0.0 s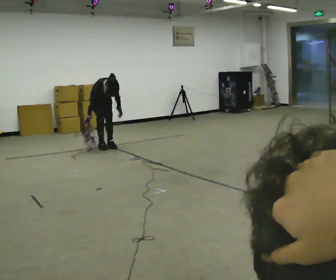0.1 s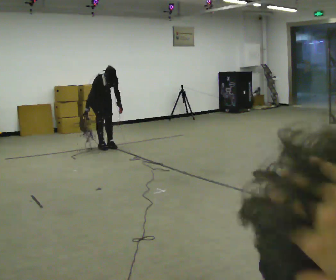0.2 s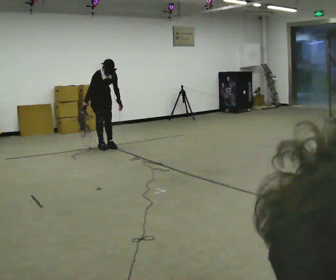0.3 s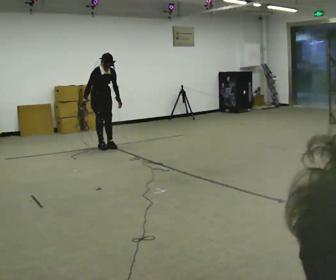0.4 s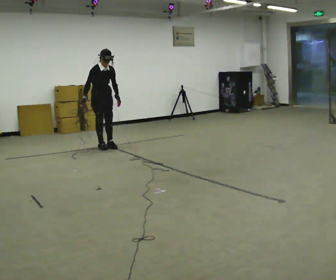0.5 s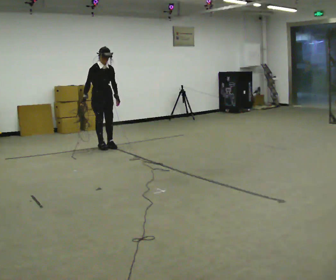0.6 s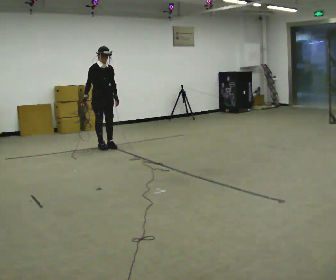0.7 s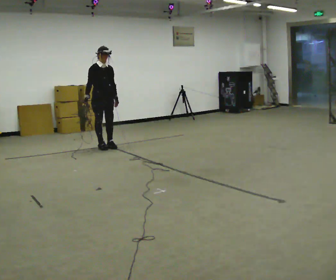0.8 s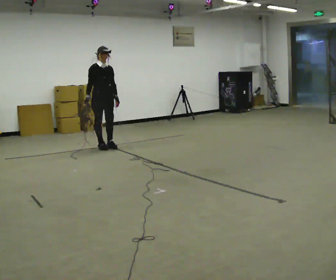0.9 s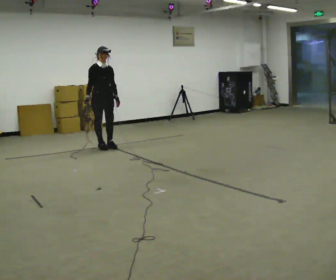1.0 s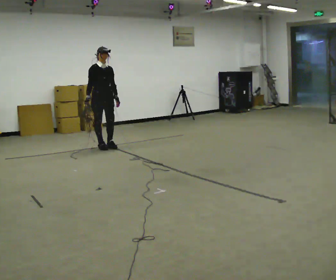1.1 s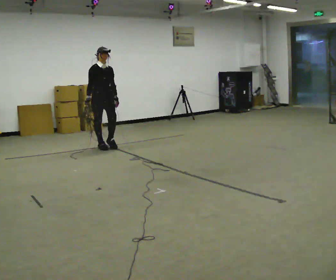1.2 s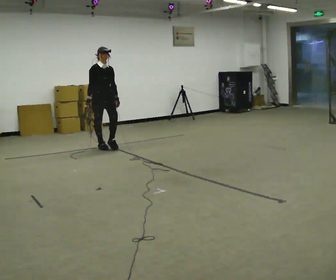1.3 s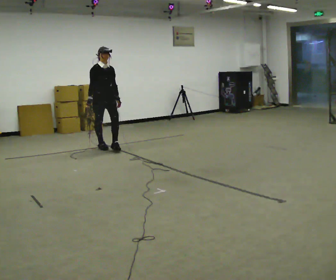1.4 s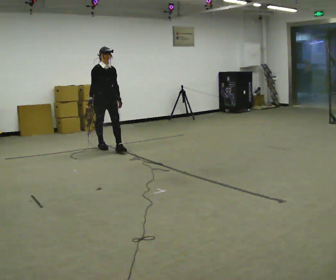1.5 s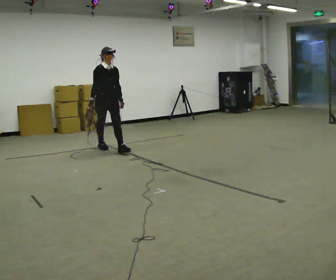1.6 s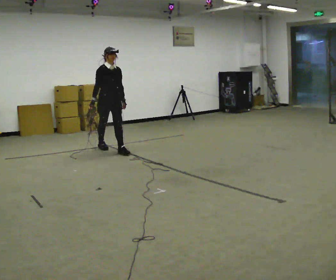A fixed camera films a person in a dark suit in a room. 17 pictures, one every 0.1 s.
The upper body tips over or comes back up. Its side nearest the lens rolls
upward.
0.0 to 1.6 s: In the picture they go toward the camera and to the right, about 0.5 m in 1 step, which for them is forward. The upper body goes upward. The upper body tips away from the camera, its near side rolling upward, as they lean back or straighten.
The film runs forward here.
